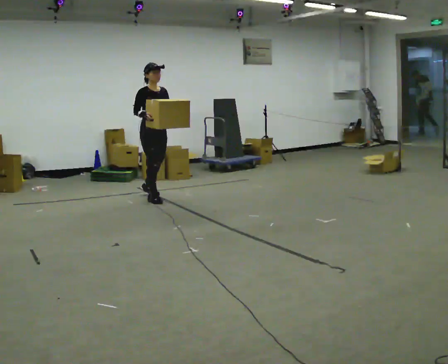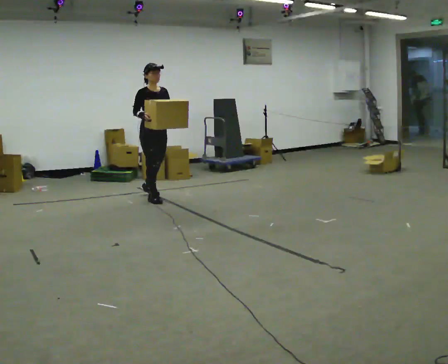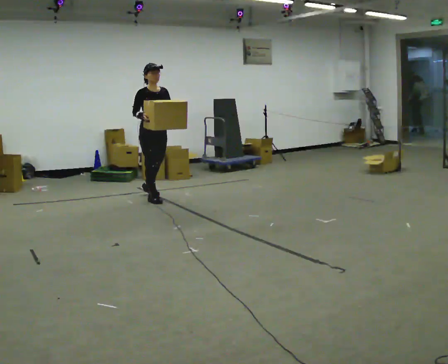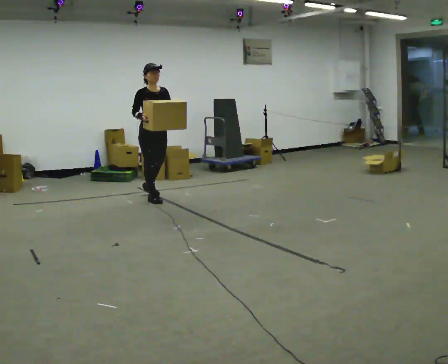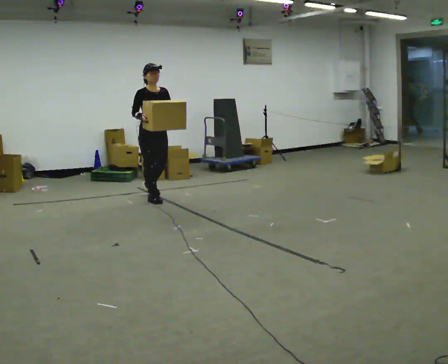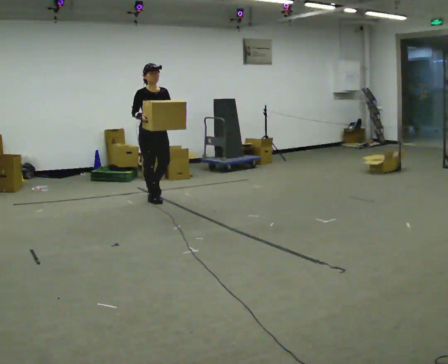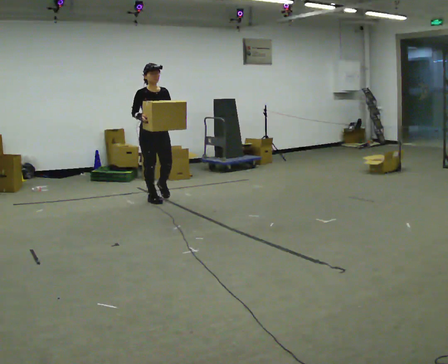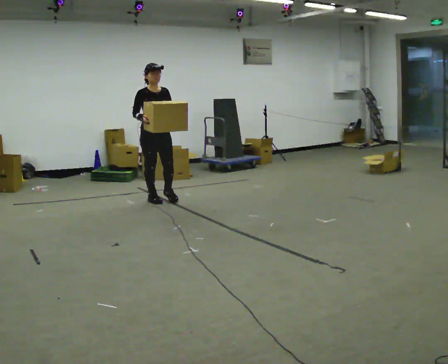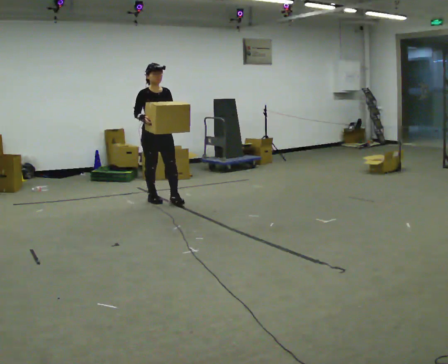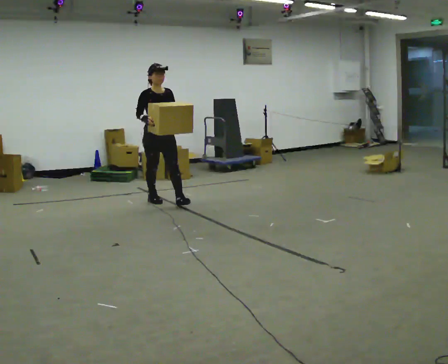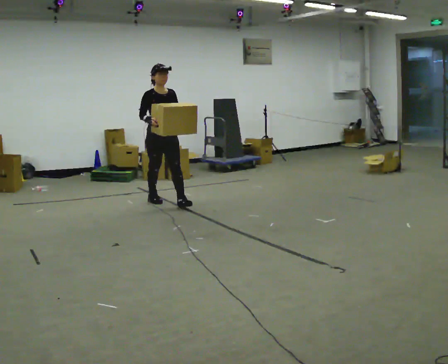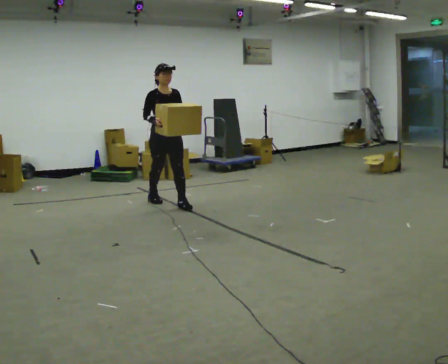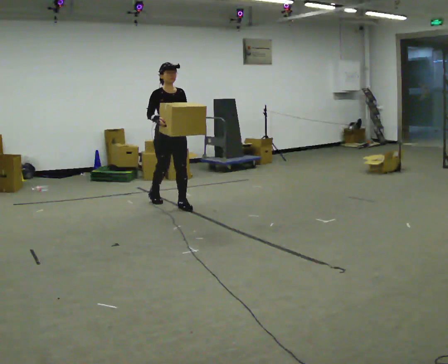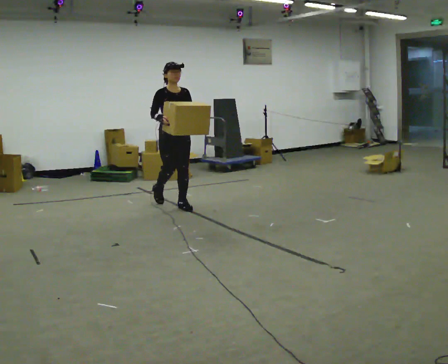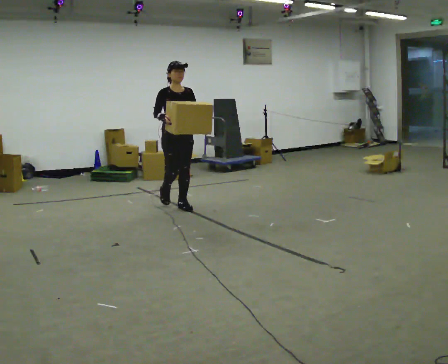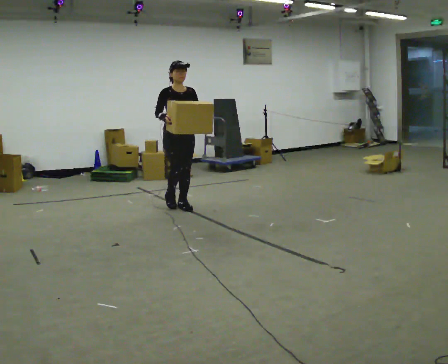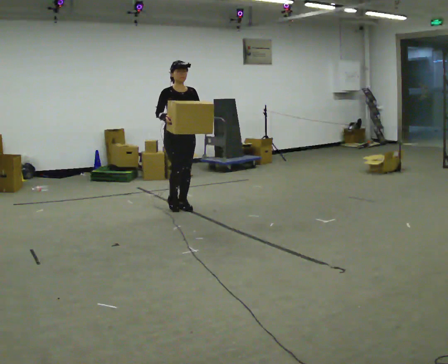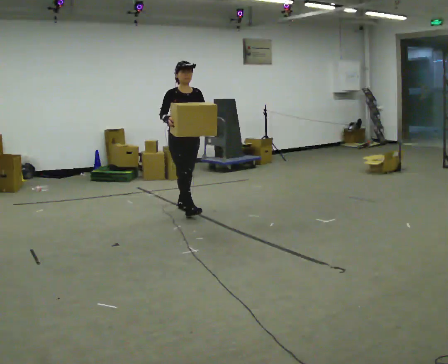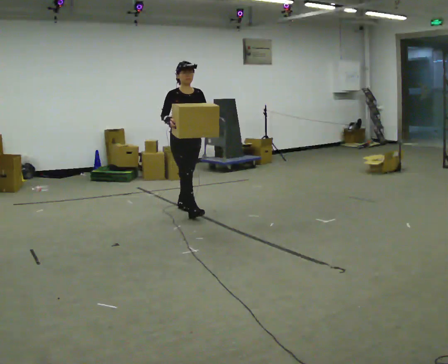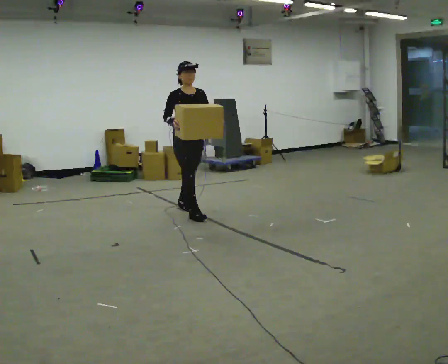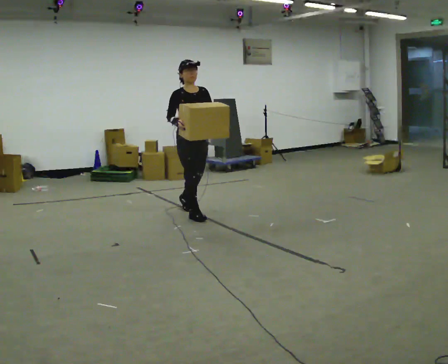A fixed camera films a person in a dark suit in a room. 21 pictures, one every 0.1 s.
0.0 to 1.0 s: In the picture they go toward the camera, about 0.25 m in 1 step, which for them is forward.
1.0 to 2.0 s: In the picture they go toward the camera and to the right, about 0.75 m in 1 step, which for them is forward.
The film runs forward here.
